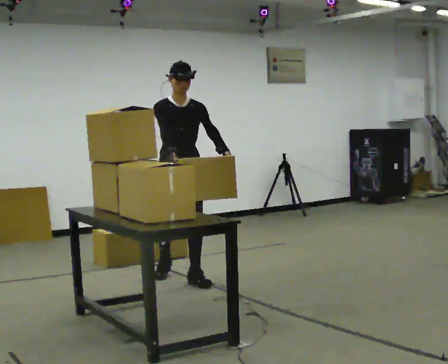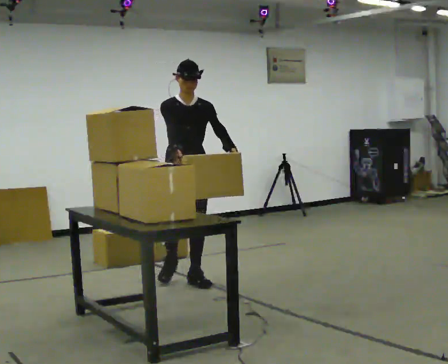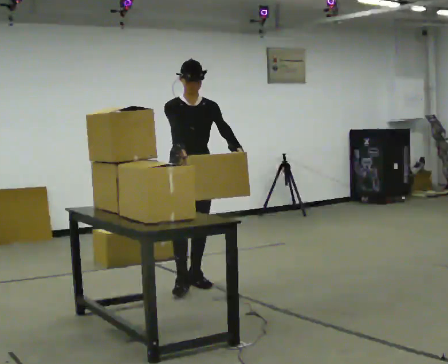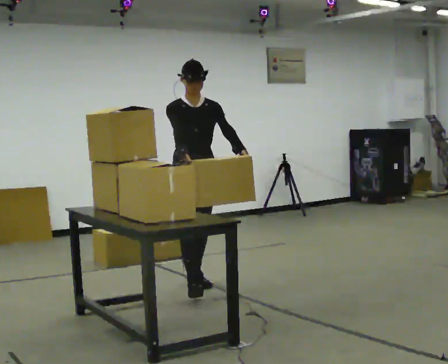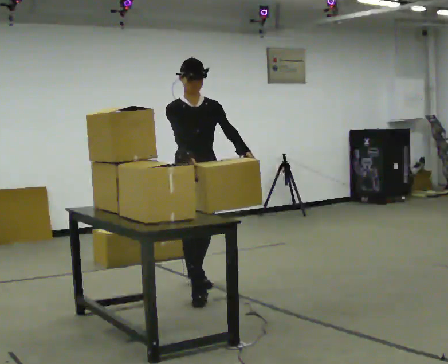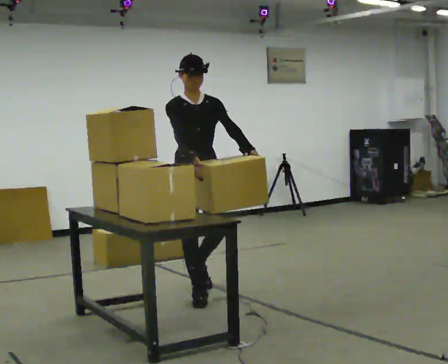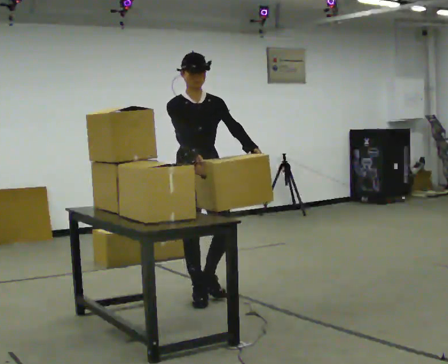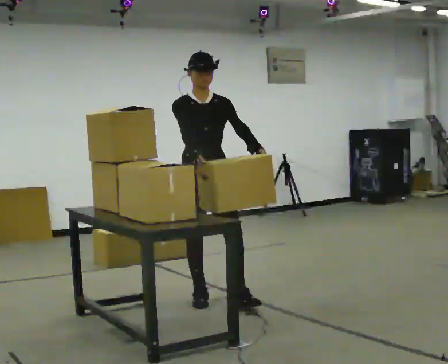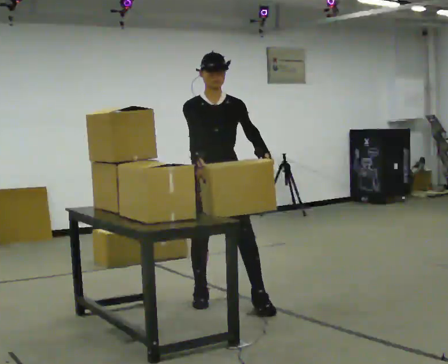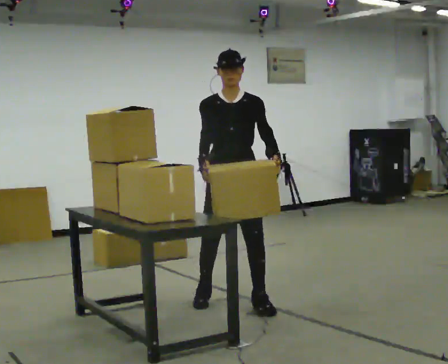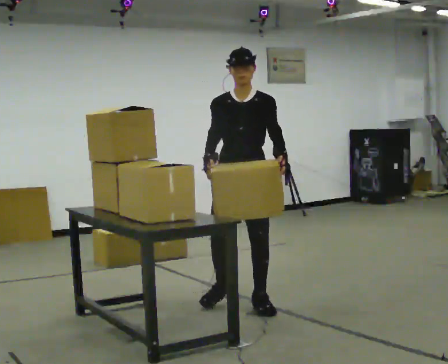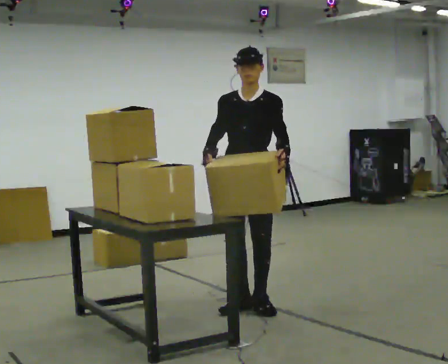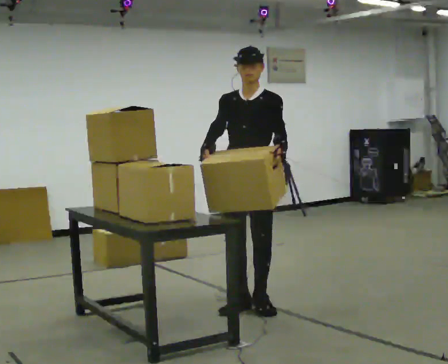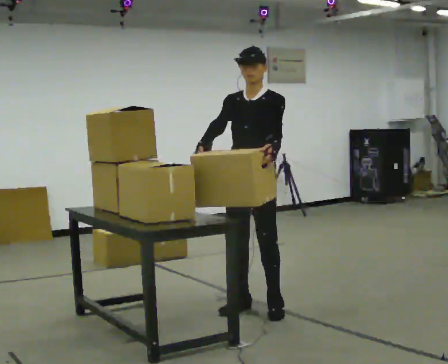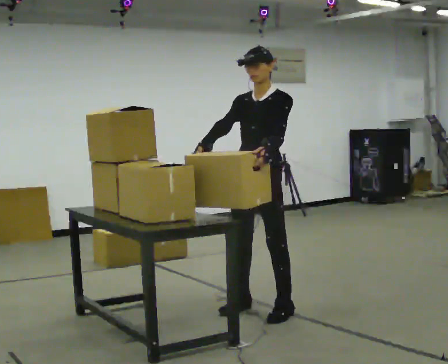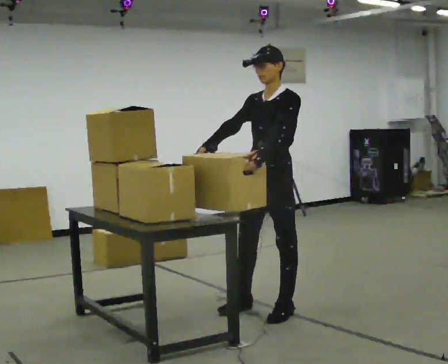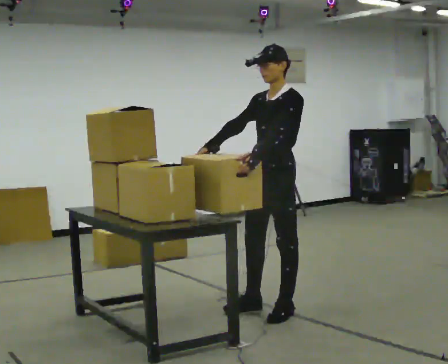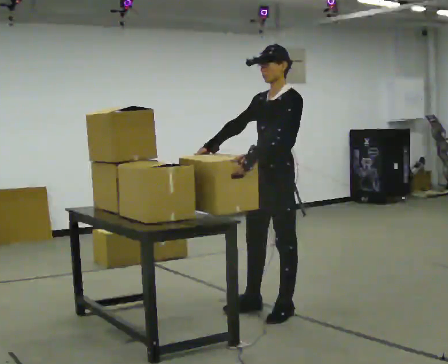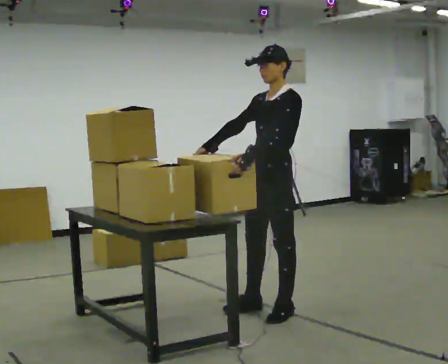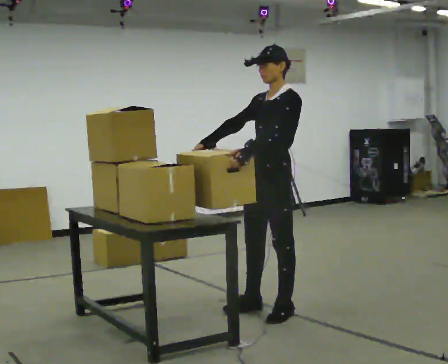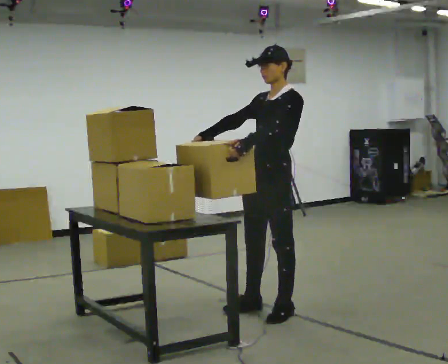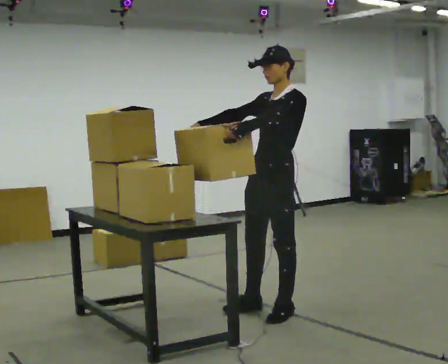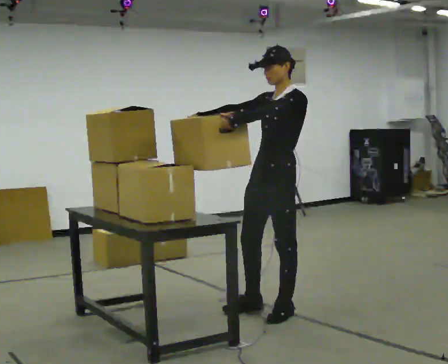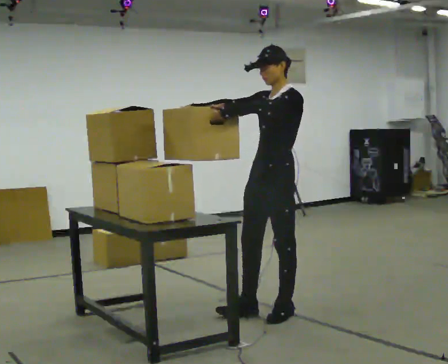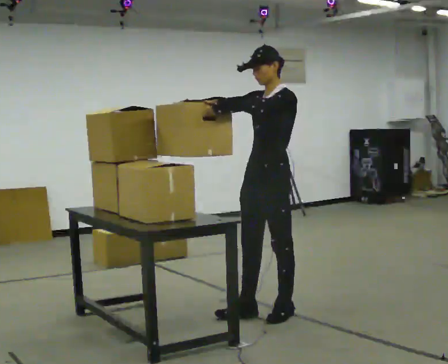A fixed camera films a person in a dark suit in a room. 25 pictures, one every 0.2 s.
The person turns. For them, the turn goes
to their right.
The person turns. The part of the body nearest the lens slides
to the left.
0.0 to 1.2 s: In the picture they go toward the camera, about 0.5 m in 1 step, which for them is forward.
1.2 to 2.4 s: The person turns about 45 degrees to their right, clockwise seen from above, so the part of the body nearest the lens slides to the left. In the picture they go to the right and toward the camera, about 0.5 m in 2 steps, which for them is to their left and forward.
2.4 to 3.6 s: The person turns about 30 degrees to their right, clockwise seen from above, so the part of the body nearest the lens slides to the left. In the picture they go to the right, about 0.25 m in 1 step, which for them is to their left.
3.6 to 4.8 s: The person moves a little, or ends about where they began.
The film runs forward here.
